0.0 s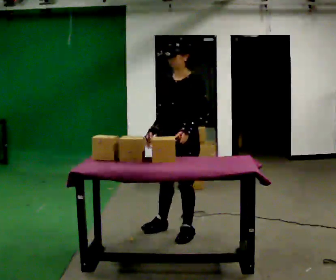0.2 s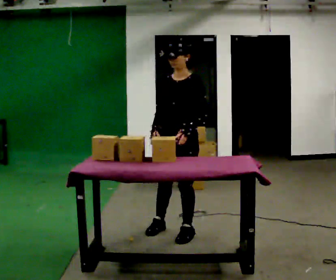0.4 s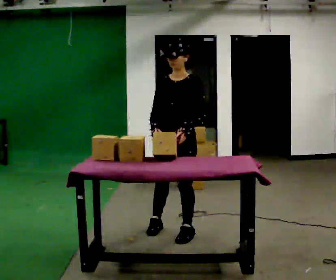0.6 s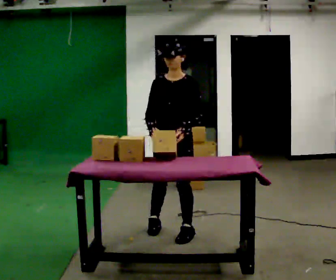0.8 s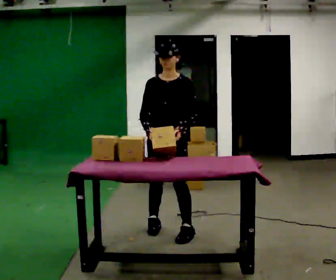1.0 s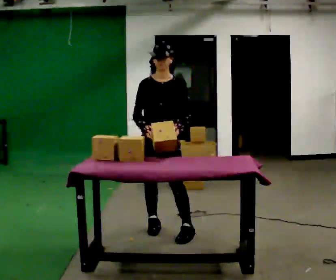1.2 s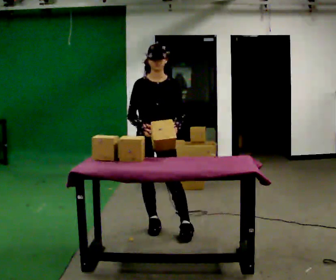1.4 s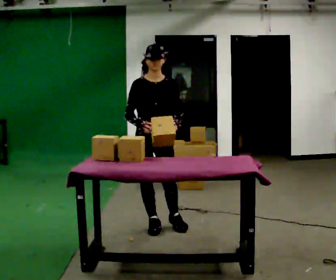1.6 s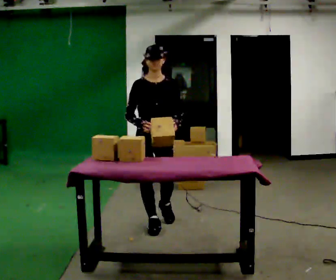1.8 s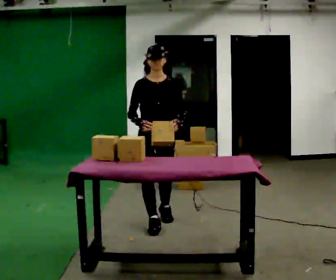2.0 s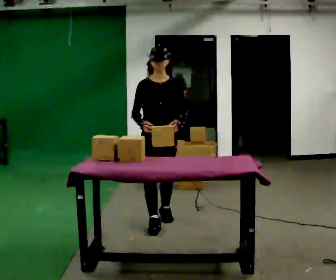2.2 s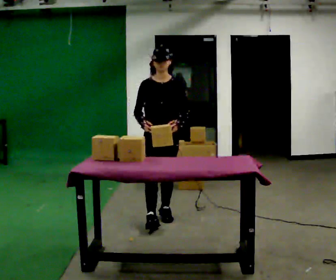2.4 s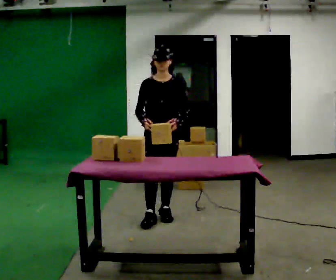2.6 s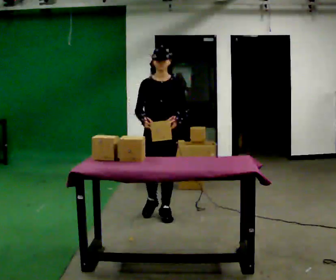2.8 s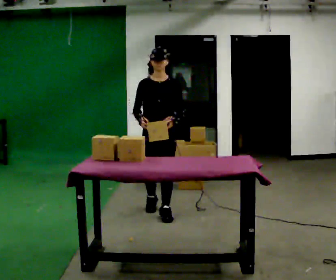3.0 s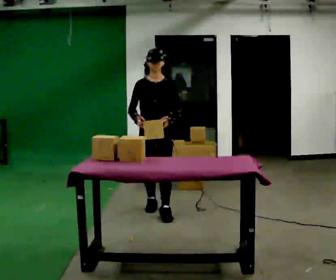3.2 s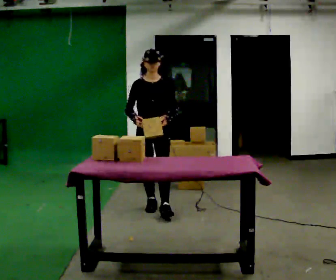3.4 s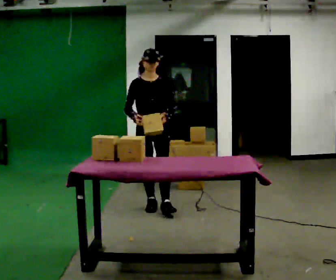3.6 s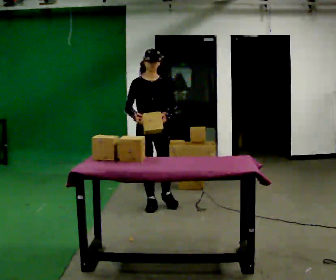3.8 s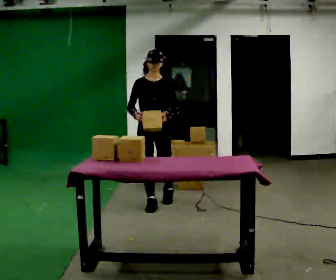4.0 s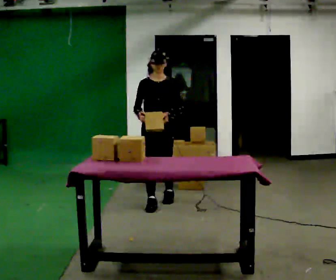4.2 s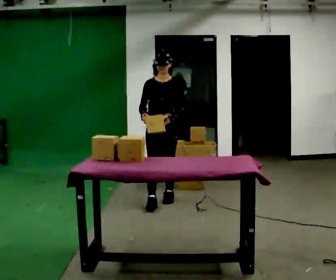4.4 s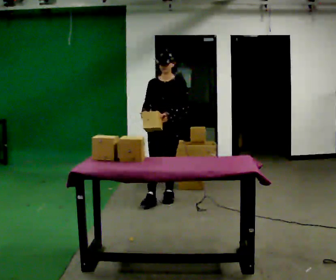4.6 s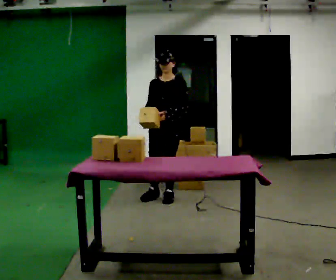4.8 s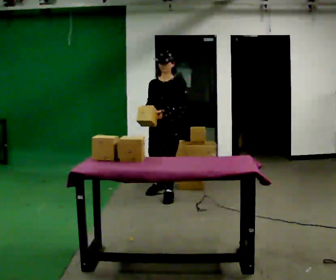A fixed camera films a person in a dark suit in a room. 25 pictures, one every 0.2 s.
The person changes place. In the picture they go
away from the camera.
0.0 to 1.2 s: The part of the body nearest the lens slides to the right as the person turns to their left by about 60 degrees. In the picture they go to the left and away from the camera, about 0.25 m in 1 step, which for them is to their right.
1.2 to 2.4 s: In the picture they go away from the camera, about 0.5 m in 1 step, which for them is backward.
2.4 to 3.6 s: In the picture they go away from the camera, about 0.5 m in 1 step, which for them is backward and to their right.
3.6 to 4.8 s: The person turns about 30 degrees to their right, clockwise seen from above, so the part of the body nearest the lens slides to the left. In the picture they go away from the camera, about 0.5 m in 1 step, which for them is backward.
The film runs backward here.
